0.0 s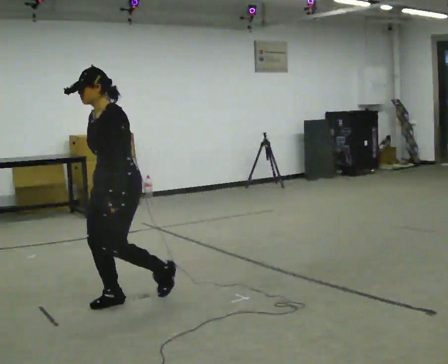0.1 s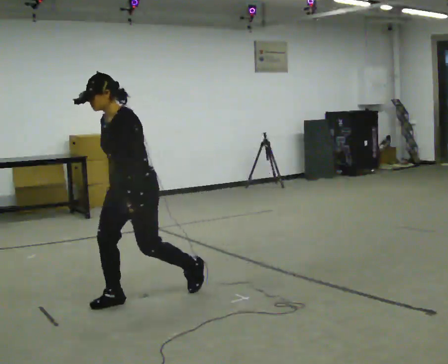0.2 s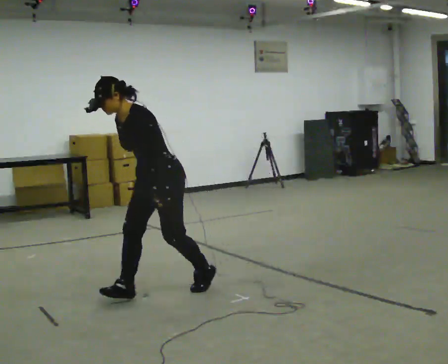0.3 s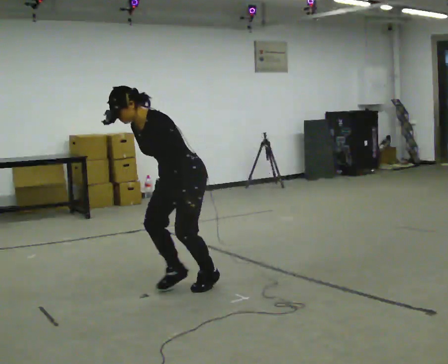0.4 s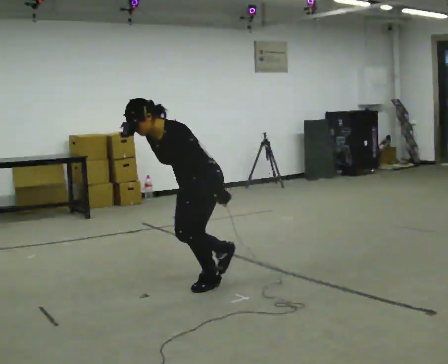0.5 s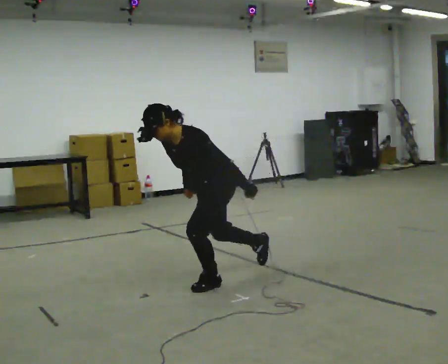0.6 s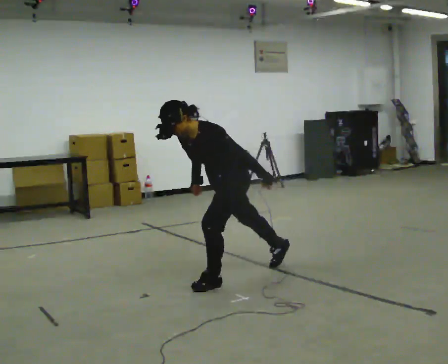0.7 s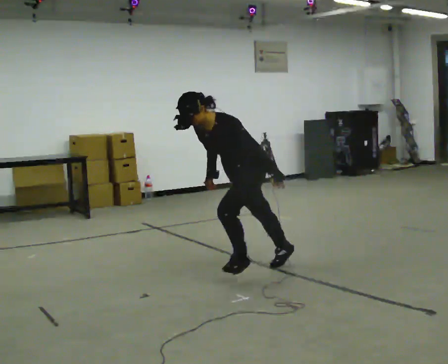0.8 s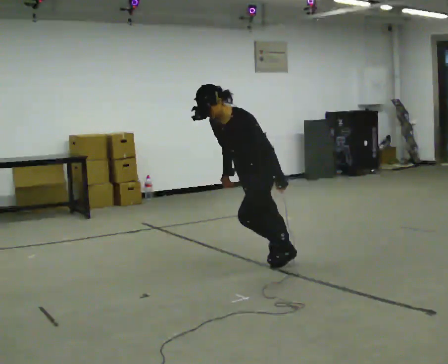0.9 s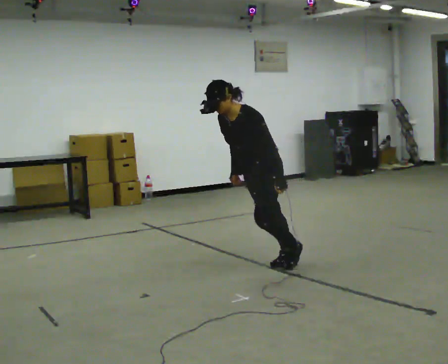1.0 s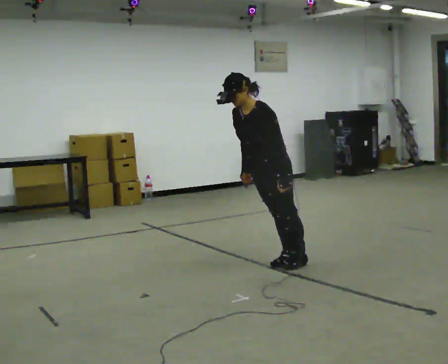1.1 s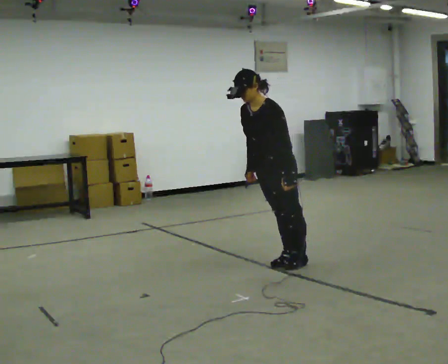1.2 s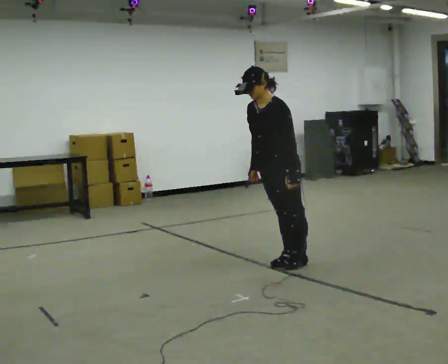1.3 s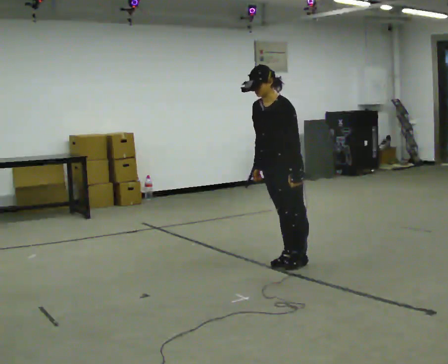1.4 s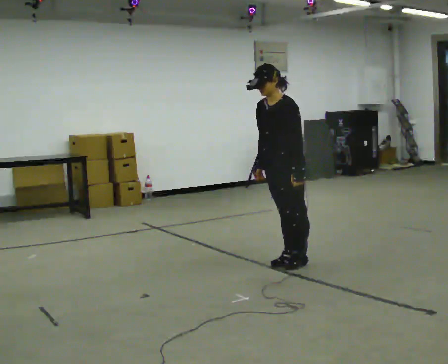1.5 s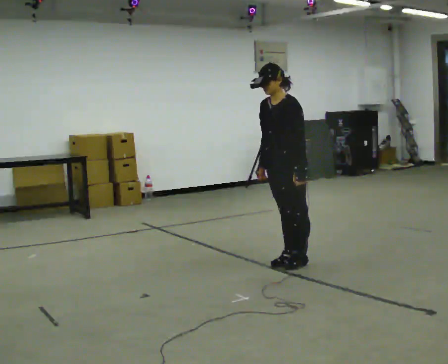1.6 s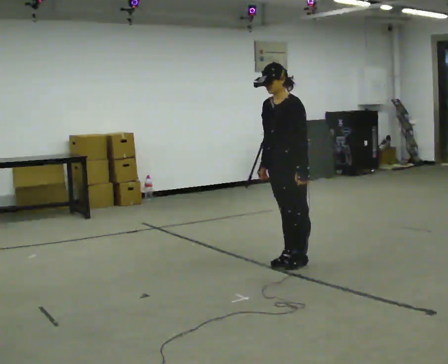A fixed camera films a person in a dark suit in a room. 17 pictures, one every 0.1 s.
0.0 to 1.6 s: In the picture they go to the right and away from the camera, about 1.5 m in 2 steps, which for them is backward.
The film runs backward here.
